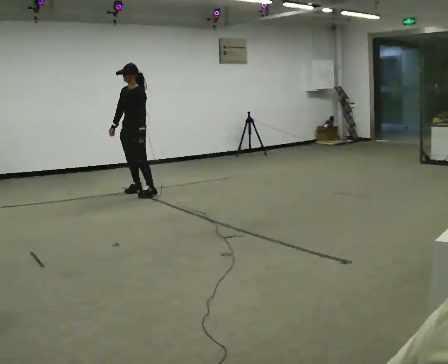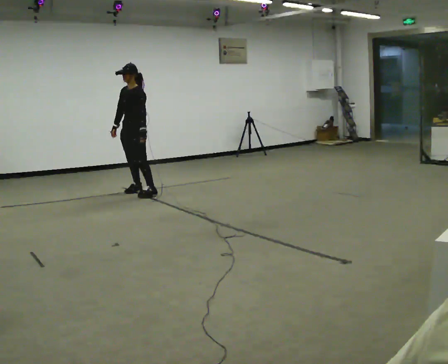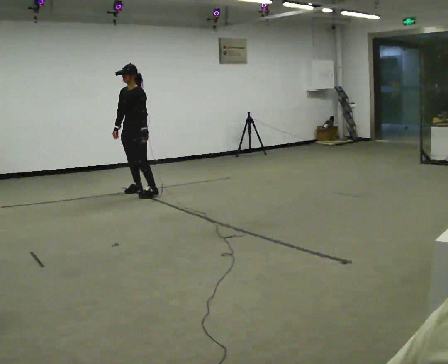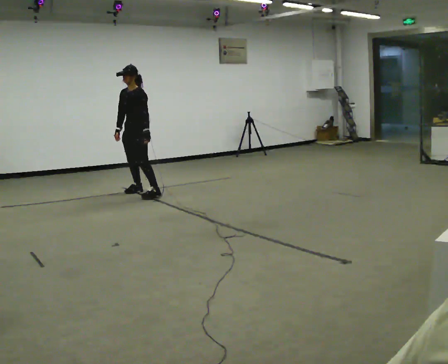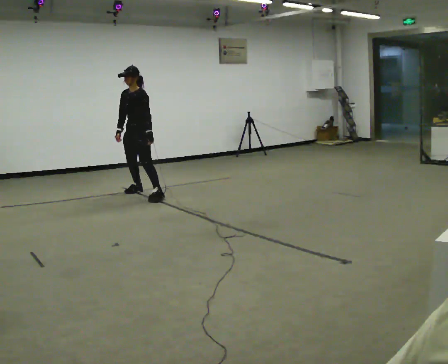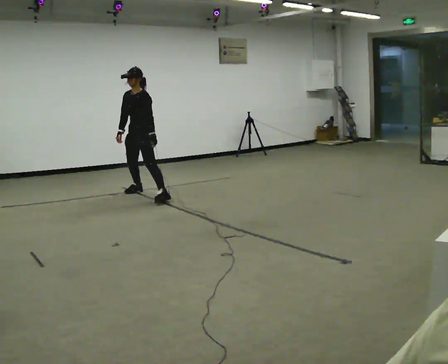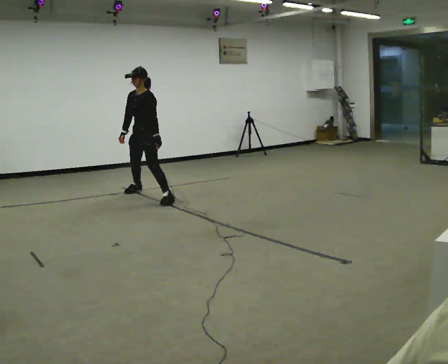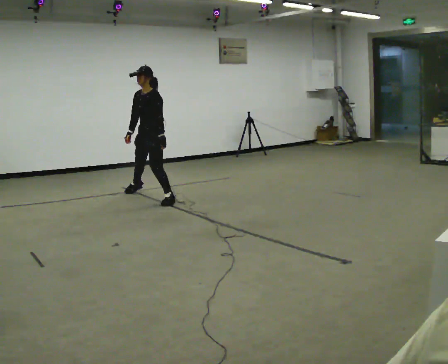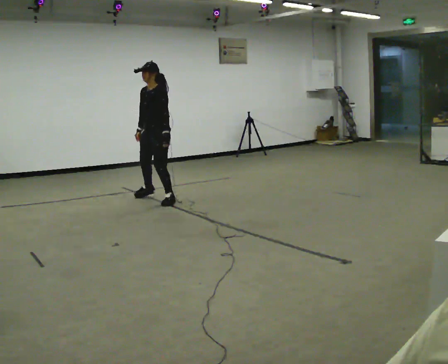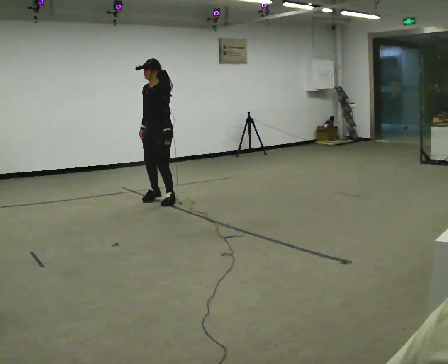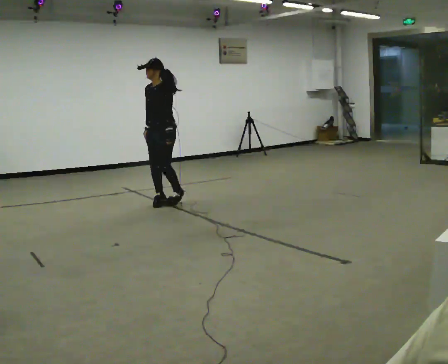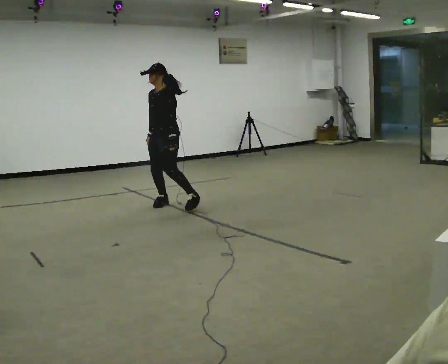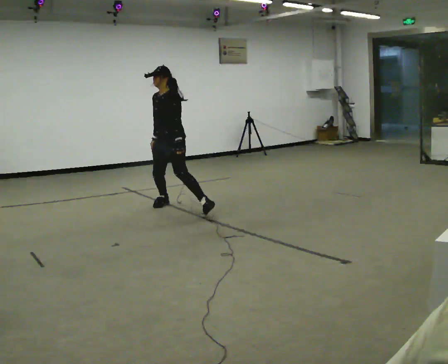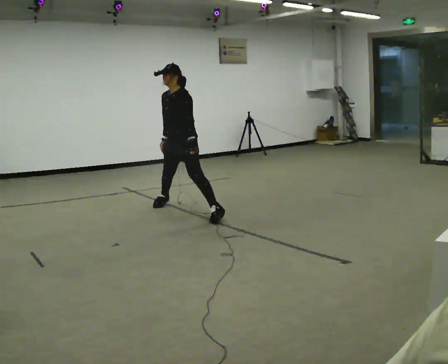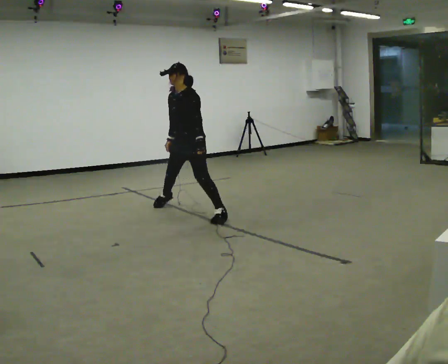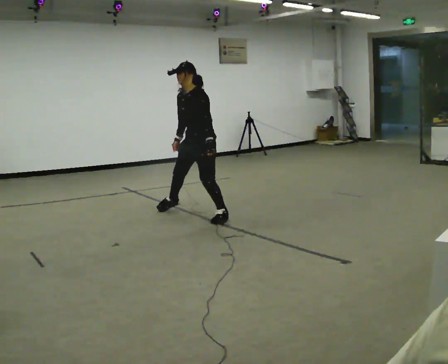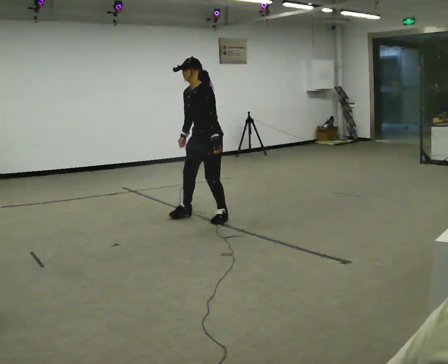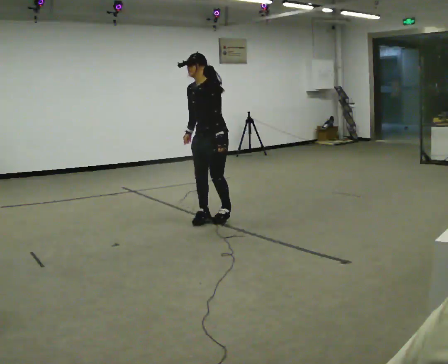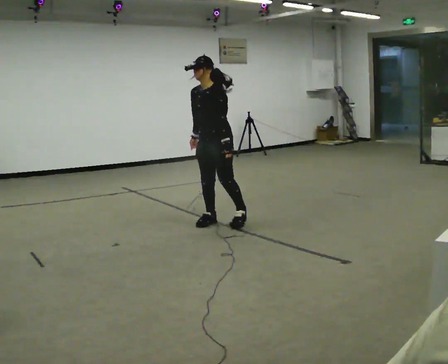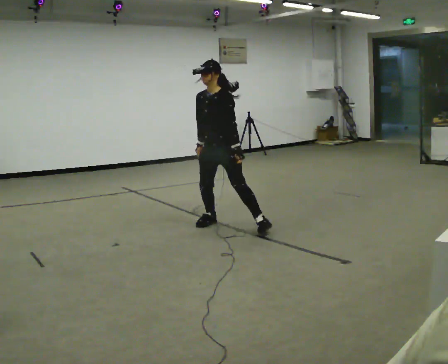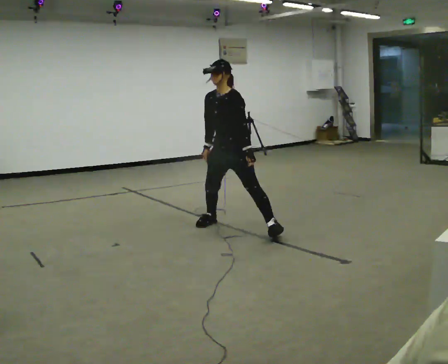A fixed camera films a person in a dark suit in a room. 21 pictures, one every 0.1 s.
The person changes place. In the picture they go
toward the camera.
0.0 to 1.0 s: In the picture they go toward the camera and to the right, about 1 m in 1 step, which for them is to their left.
1.0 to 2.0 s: In the picture they go toward the camera and to the right, about 1.5 m in 3 steps, which for them is to their left.
The film runs forward here.
